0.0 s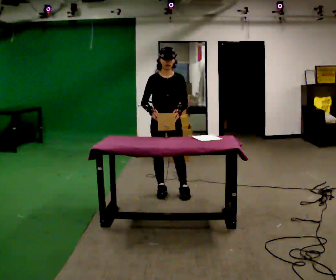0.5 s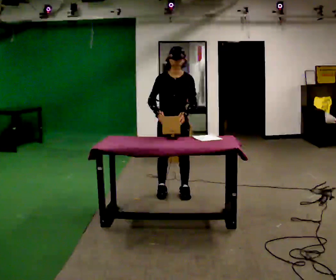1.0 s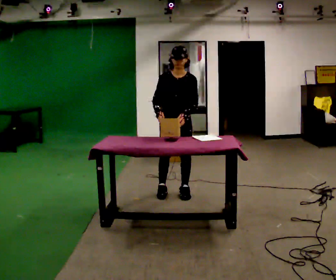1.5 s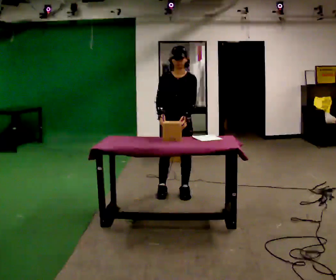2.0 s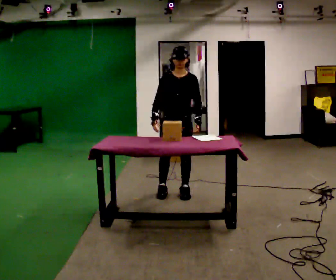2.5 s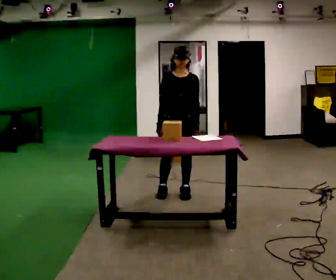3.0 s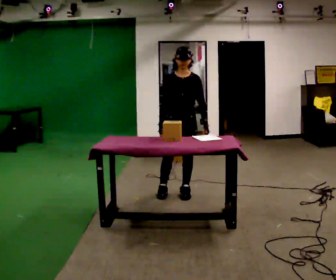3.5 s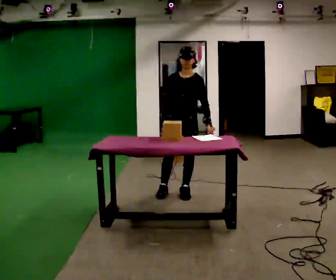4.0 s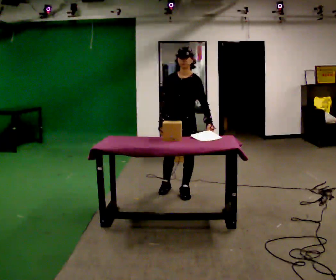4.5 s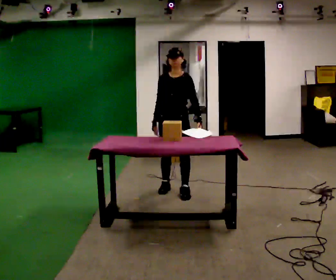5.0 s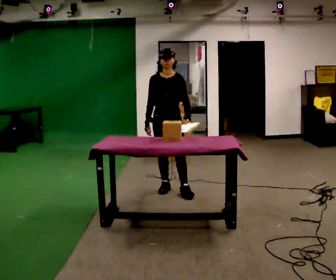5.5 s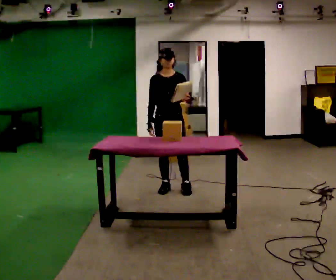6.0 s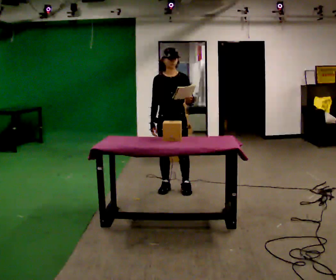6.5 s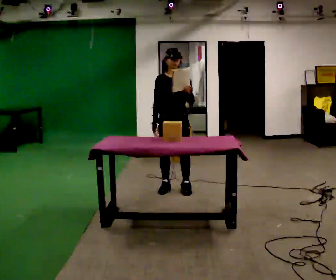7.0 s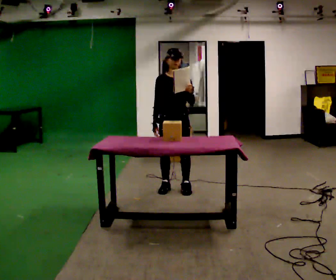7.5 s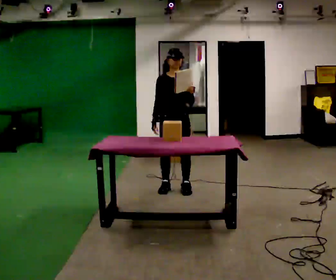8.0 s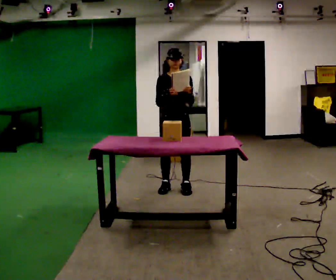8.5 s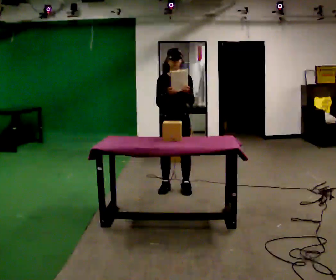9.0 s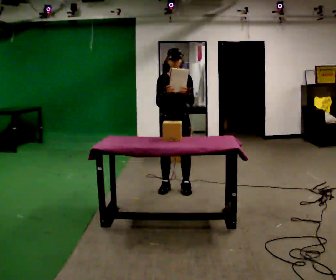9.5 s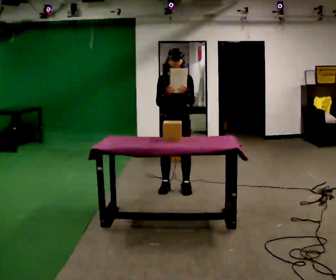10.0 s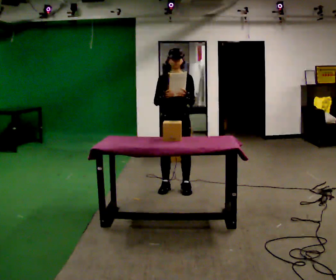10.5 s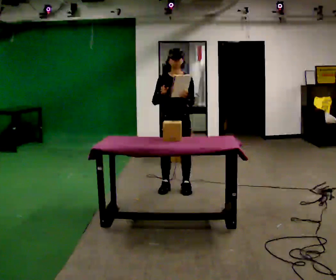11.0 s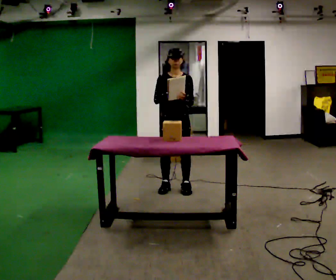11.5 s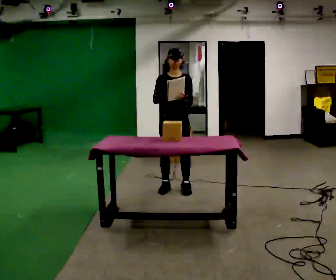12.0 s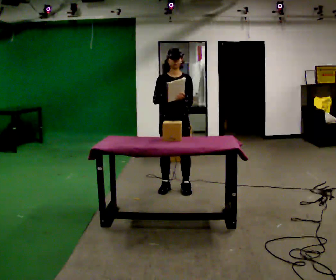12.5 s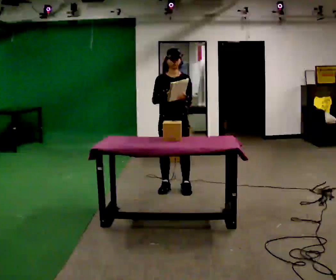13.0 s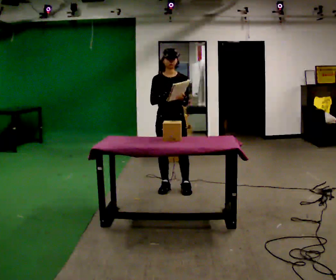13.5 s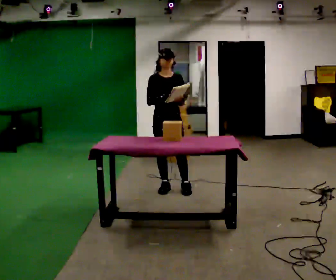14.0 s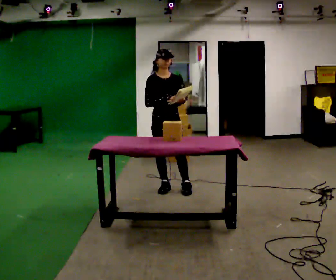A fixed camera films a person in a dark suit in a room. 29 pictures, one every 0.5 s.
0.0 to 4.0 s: The person turns about 30 degrees to their right, clockwise seen from above, so the part of the body nearest the lens slides to the left. In the picture they go to the right, about 0.25 m, which for them is to their left.
4.0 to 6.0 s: Seen from above the body turns counterclockwise, about 30 degrees: to their left, with its near side sliding to the right.
6.0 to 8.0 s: In the picture their right hand goes upward.
8.0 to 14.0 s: The person moves a little, or ends about where they began.
The film runs forward here.
